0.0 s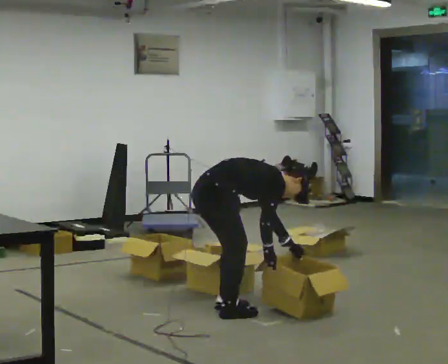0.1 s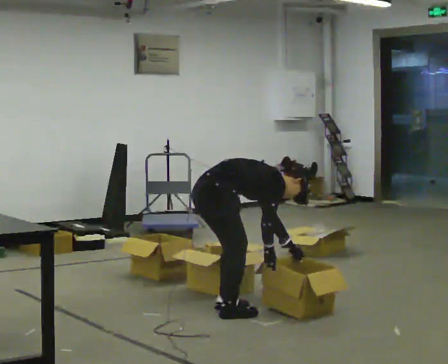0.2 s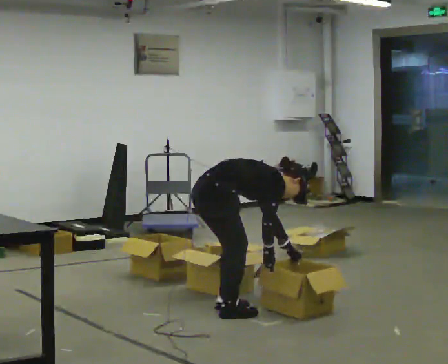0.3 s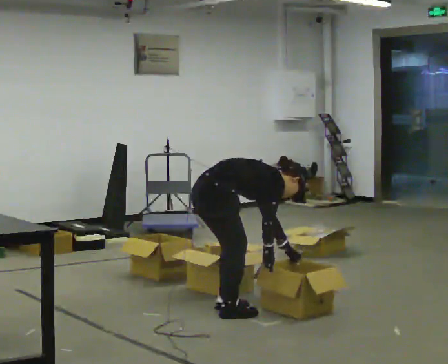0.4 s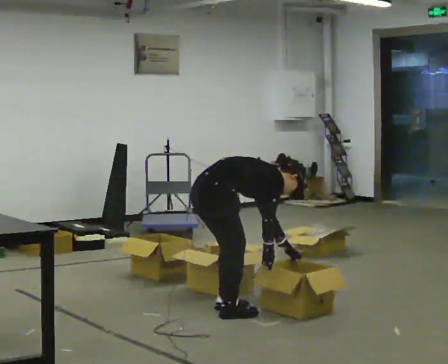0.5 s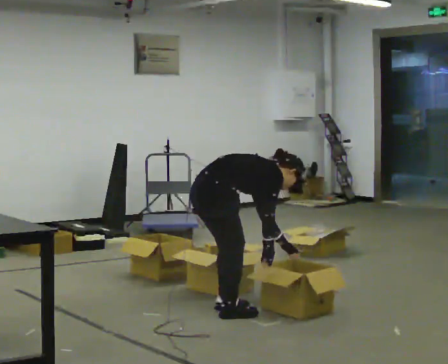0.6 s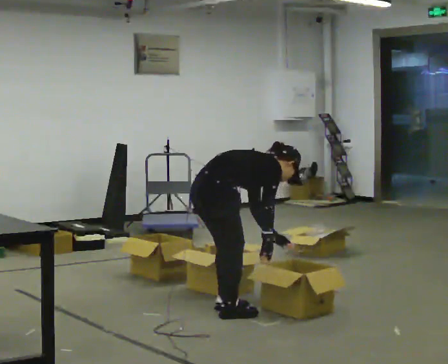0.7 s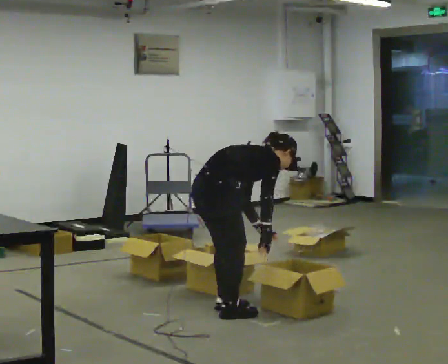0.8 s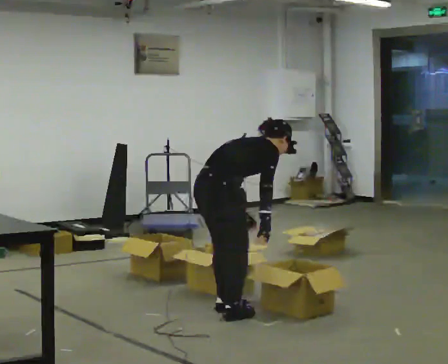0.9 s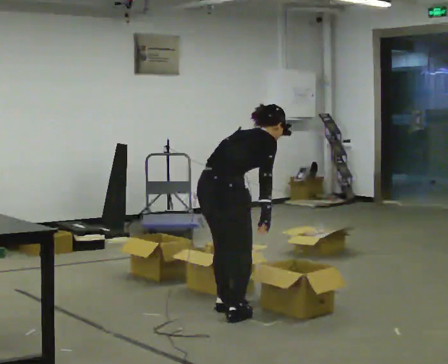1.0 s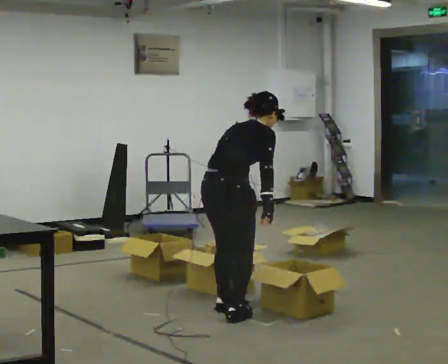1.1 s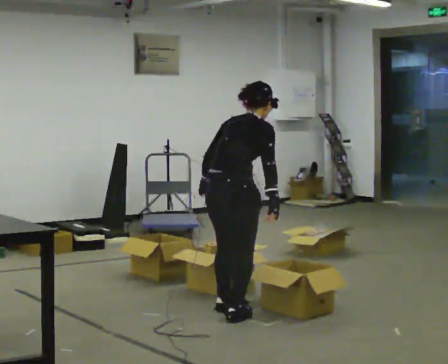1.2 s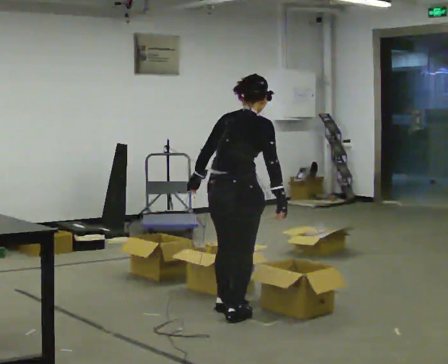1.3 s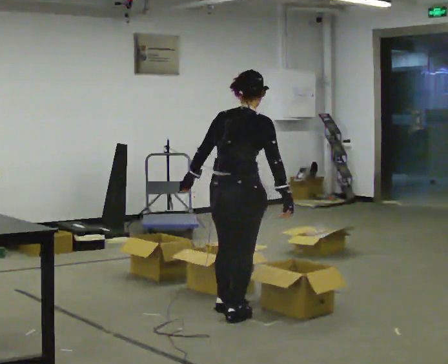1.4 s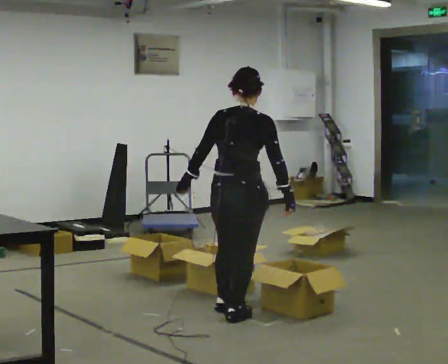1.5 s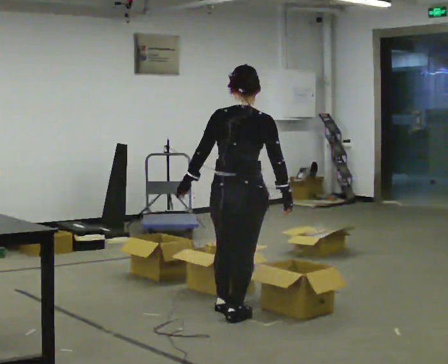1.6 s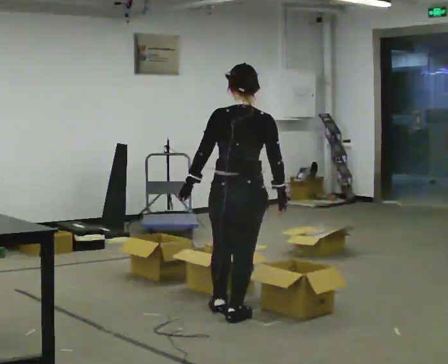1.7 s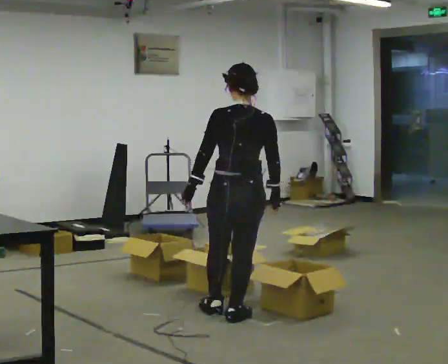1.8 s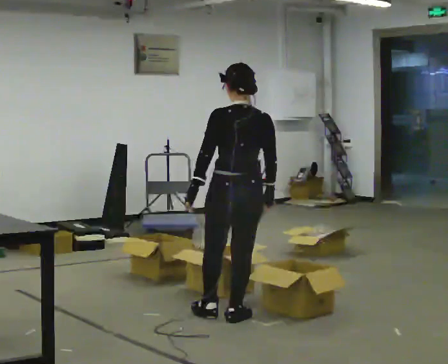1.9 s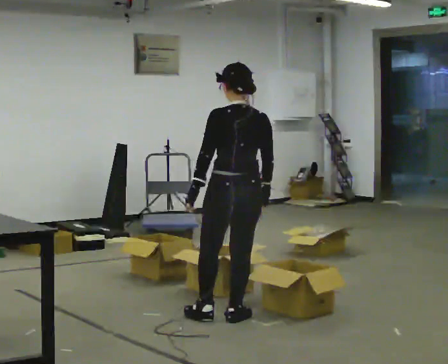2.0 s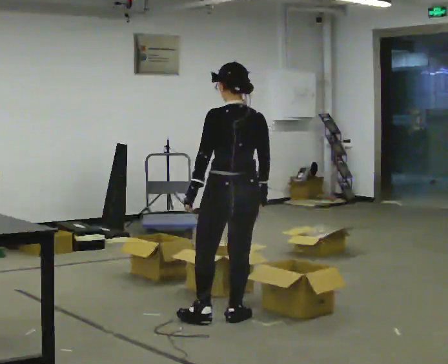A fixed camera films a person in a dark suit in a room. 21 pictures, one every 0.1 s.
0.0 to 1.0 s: Seen from above the body turns counterclockwise, about 30 degrees: to their left, with its near side sliding to the right. The shoulders move upward. In the picture the upper body tilts counterclockwise, shoulders to the left, as they lean back or straighten. In the picture their left hand goes to the left and upward, the arm swinging clockwise.
1.0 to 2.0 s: Seen from above the body turns counterclockwise, about 60 degrees: to their left, with its near side sliding to the right. In the picture the upper body tilts counterclockwise, shoulders to the left, as they lean back or straighten.
The film runs forward here.
